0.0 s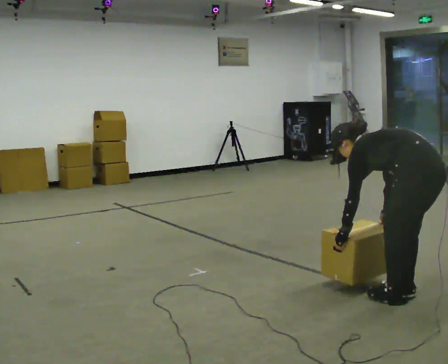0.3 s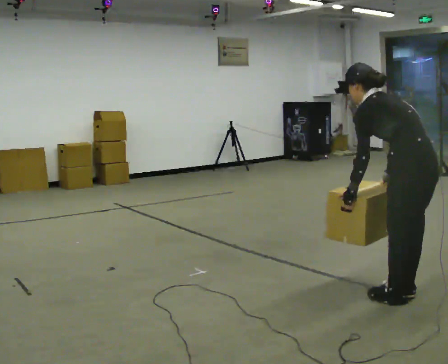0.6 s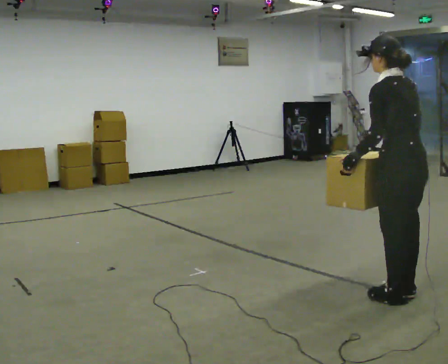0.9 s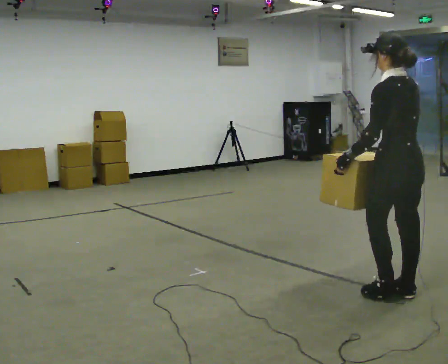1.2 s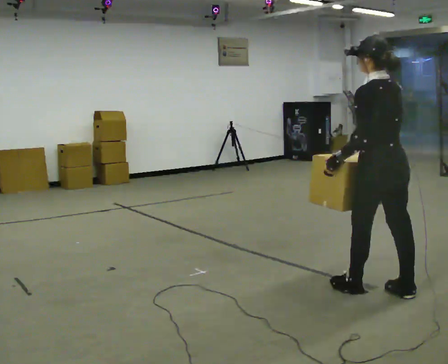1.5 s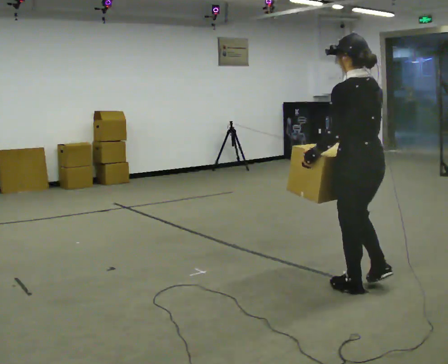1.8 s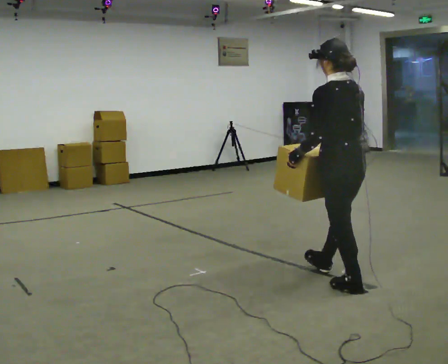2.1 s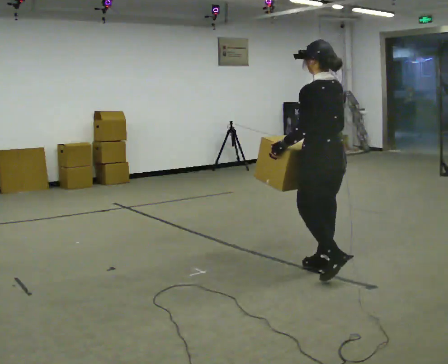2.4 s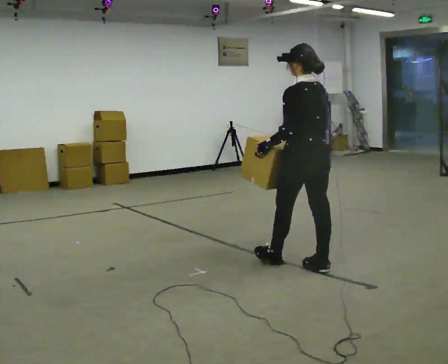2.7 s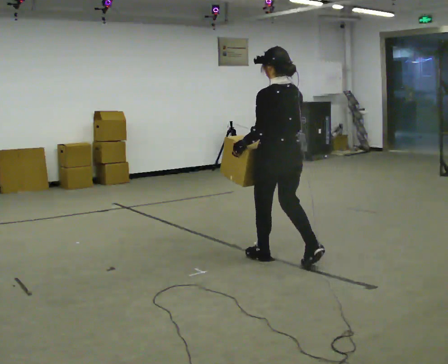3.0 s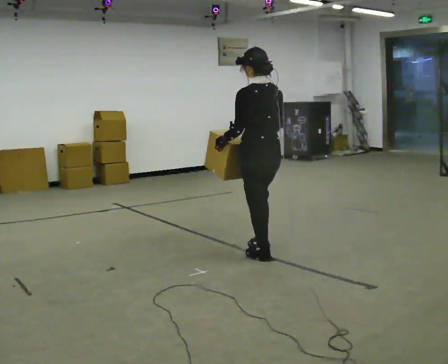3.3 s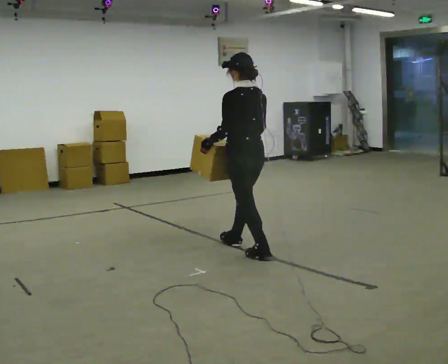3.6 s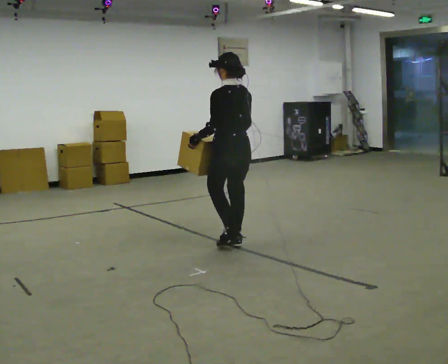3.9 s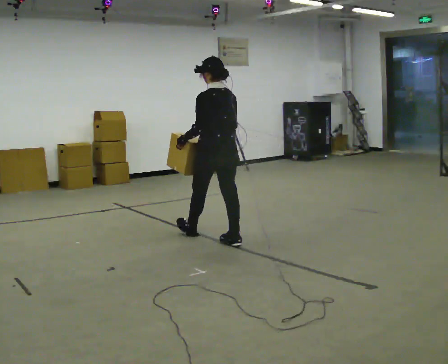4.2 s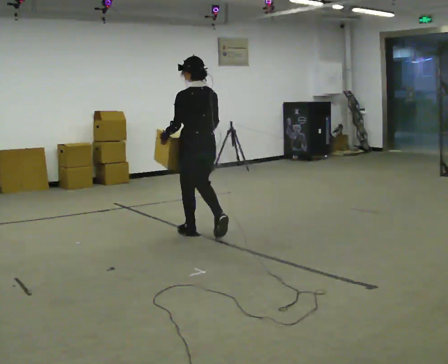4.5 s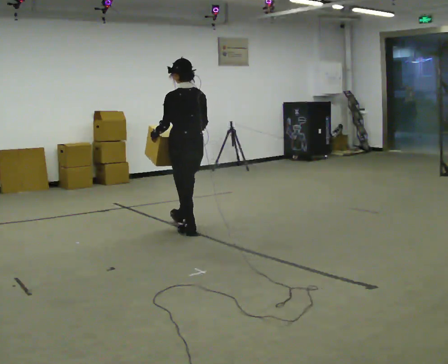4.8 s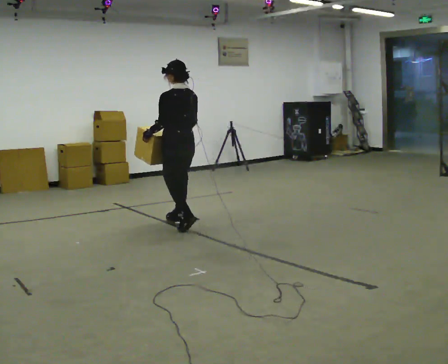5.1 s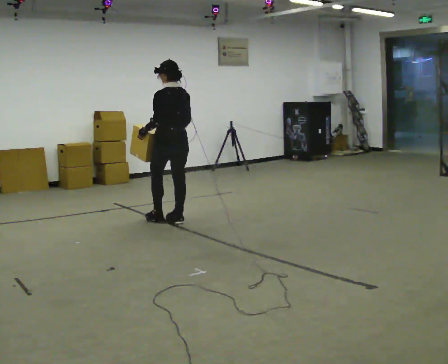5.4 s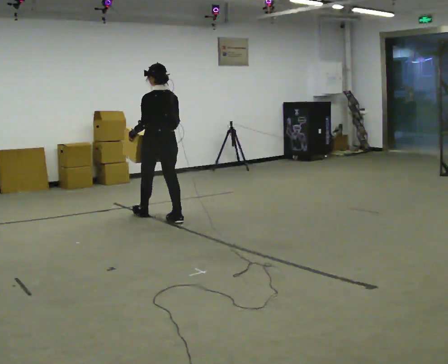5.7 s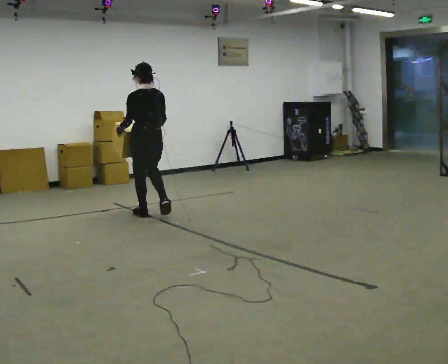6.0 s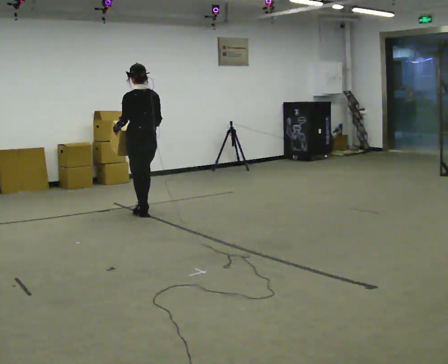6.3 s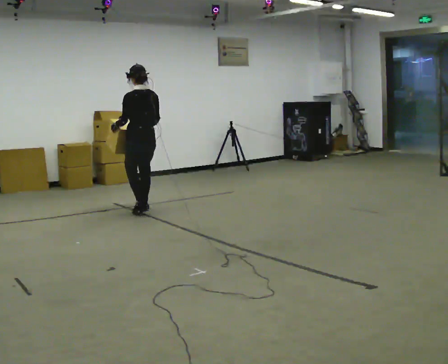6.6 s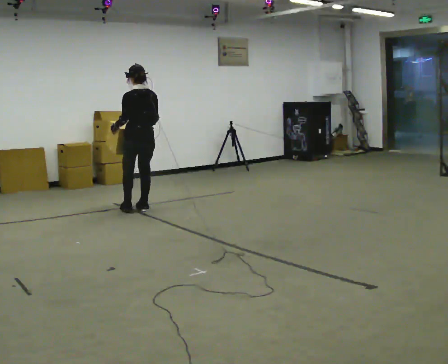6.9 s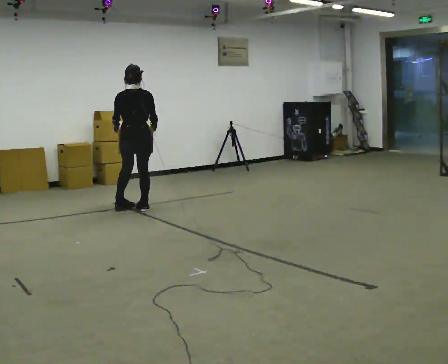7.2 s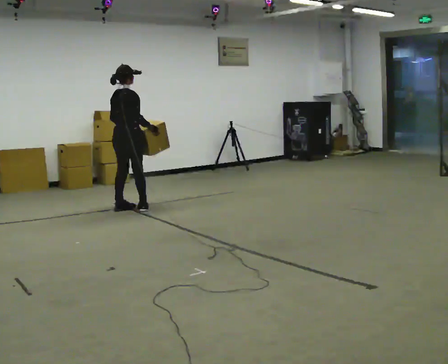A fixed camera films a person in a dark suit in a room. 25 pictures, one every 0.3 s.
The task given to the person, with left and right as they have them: Carry the box across the room, back and forth. The operator will swap between the box with handles and the one without.
0.0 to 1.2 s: In the picture they go away from the camera and to the left, about 0.25 m in 1 step, which for them is forward. The upper body goes upward. The upper body tips toward the camera, its near side rolling downward, as they lean back or straighten. In the picture their left hand goes upward.
1.2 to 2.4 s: In the picture they go away from the camera and to the left, about 0.5 m in 1 step, which for them is forward.
2.4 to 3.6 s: In the picture they go away from the camera and to the left, about 1 m in 2 steps, which for them is forward.
3.6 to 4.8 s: In the picture they go away from the camera and to the left, about 1 m in 2 steps, which for them is forward.
4.8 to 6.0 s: In the picture they go away from the camera and to the left, about 0.75 m in 2 steps, which for them is forward.
6.0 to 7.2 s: The part of the body nearest the lens slides to the left as the person turns to their right by about 75 degrees. In the picture they go to the left and away from the camera, about 0.25 m in 1 step.
The film runs forward here.
